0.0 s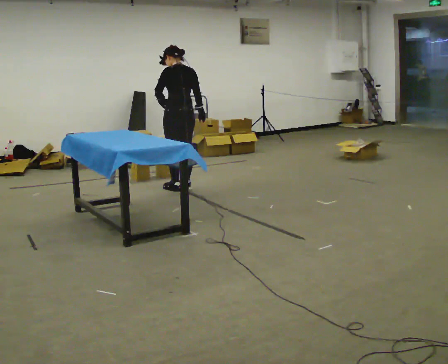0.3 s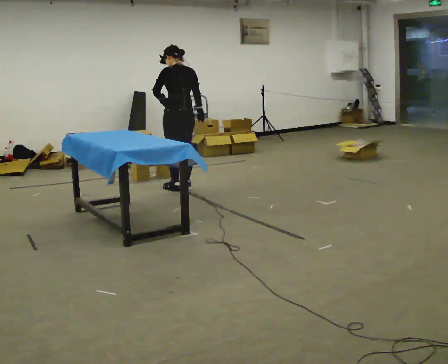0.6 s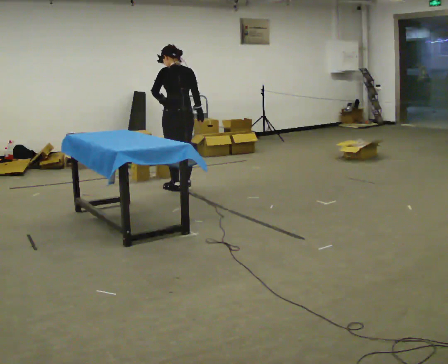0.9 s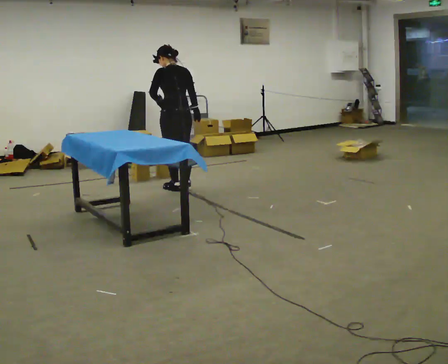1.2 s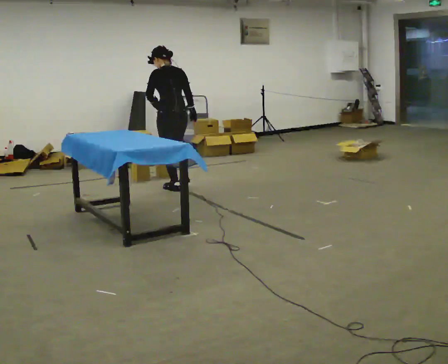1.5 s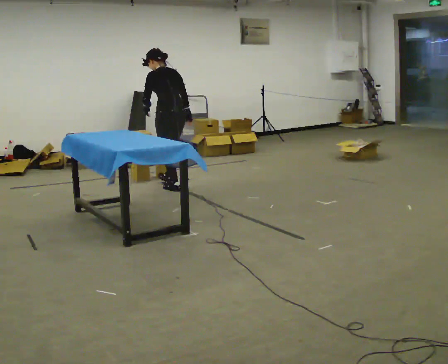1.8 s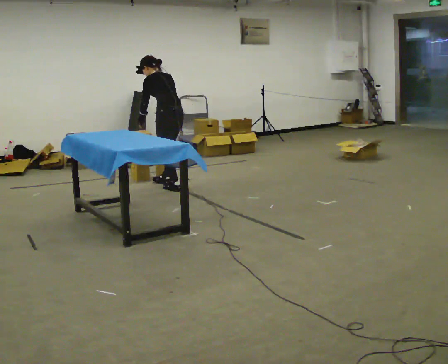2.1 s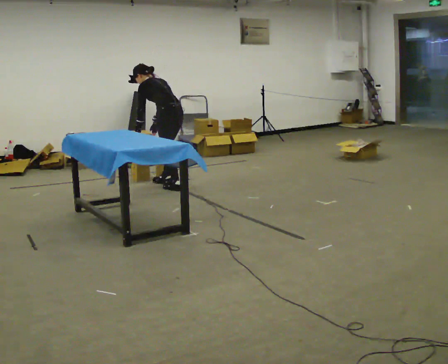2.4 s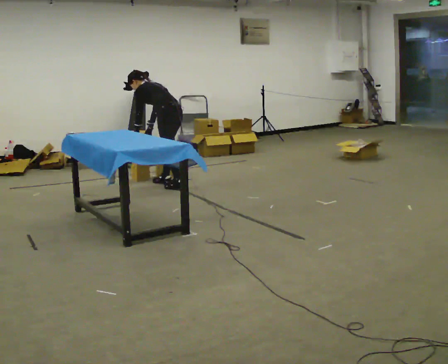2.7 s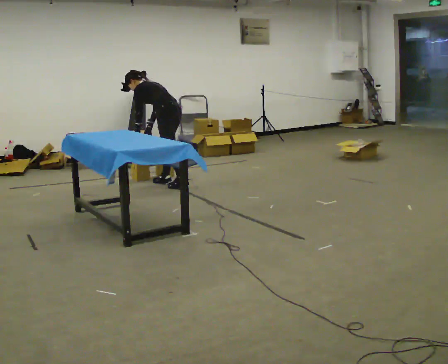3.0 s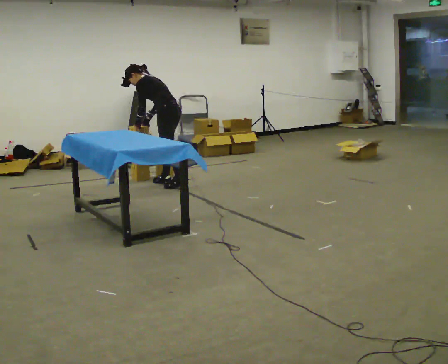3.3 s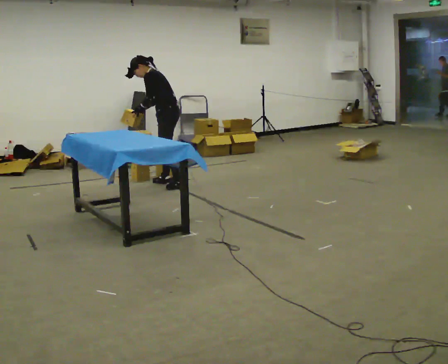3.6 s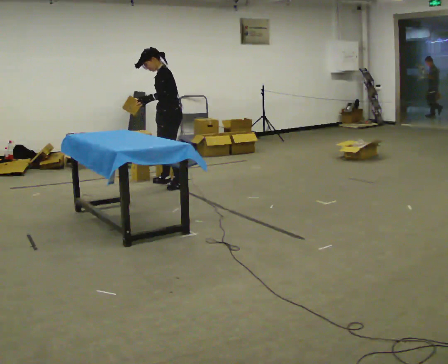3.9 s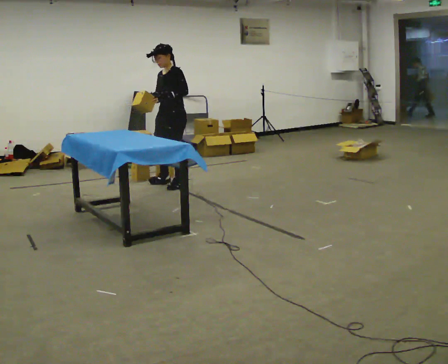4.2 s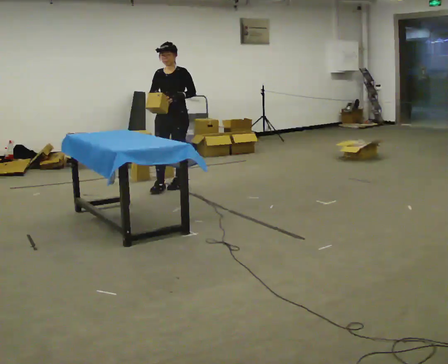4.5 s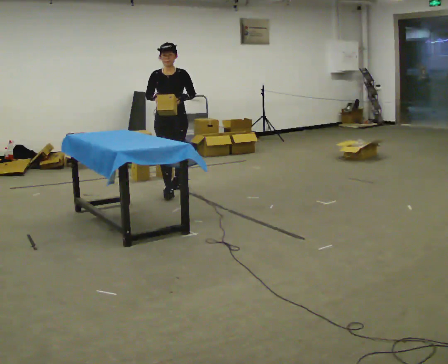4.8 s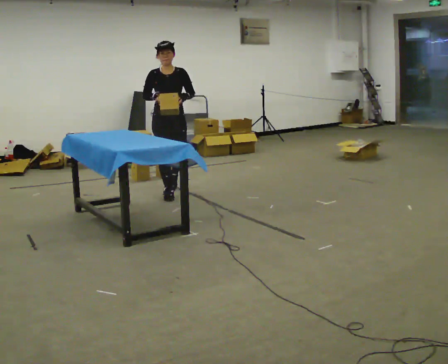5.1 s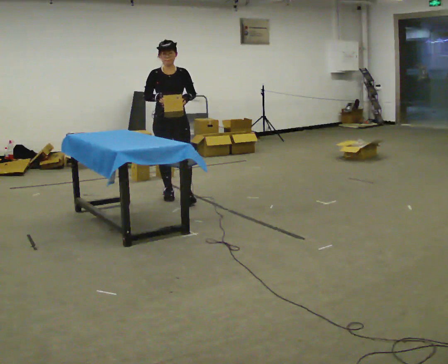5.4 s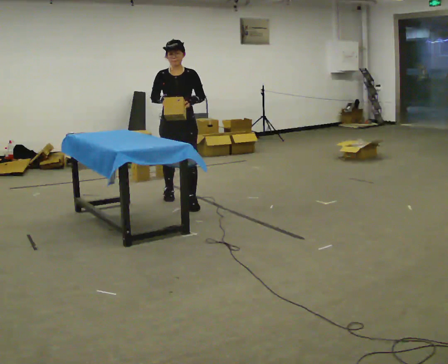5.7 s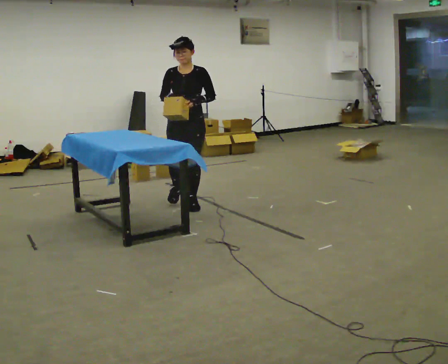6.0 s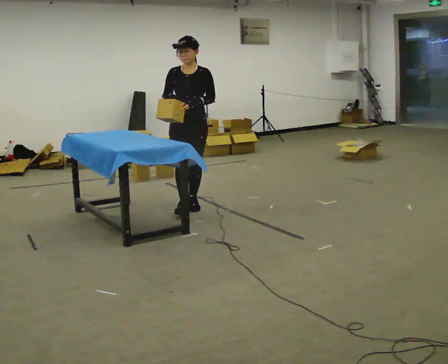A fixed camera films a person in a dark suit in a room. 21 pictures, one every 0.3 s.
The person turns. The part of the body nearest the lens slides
to the right.
The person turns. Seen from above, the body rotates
counterclockwise.
0.0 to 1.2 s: The person moves a little, or ends about where they began.
1.2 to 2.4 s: The person turns about 30 degrees to their left, counterclockwise seen from above, so the part of the body nearest the lens slides to the right. In the picture they go away from the camera, about 0.25 m in 1 step, which for them is forward and to their right. The shoulders move downward. In the picture the upper body tilts counterclockwise, shoulders to the left, as they bend forward. In the picture their right hand goes to the left.
2.4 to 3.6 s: Seen from above the body turns counterclockwise, about 45 degrees: to their left, with its near side sliding to the right. The upper body goes upward. The upper body tips toward the camera, its near side rolling downward, as they lean back or straighten. In the picture their right hand goes upward.
3.6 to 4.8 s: Seen from above the body turns counterclockwise, about 90 degrees: to their left, with its near side sliding to the right. In the picture they go toward the camera, about 0.5 m in 1 step.
4.8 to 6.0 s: In the picture they go toward the camera and to the right, about 0.5 m in 1 step, which for them is forward and to their left.
The film runs forward here.
